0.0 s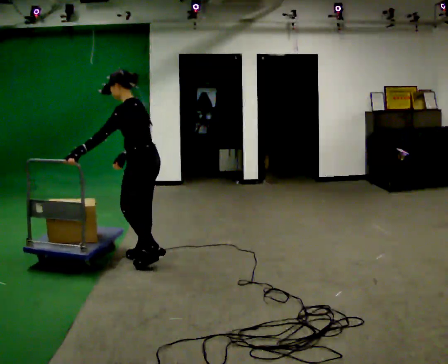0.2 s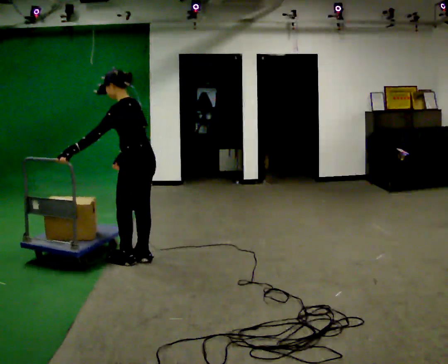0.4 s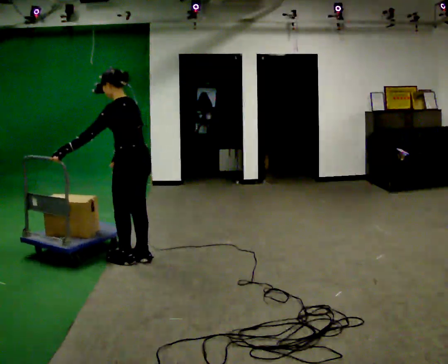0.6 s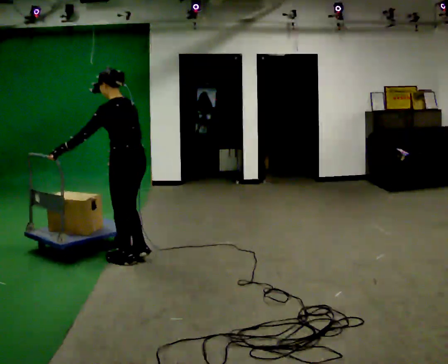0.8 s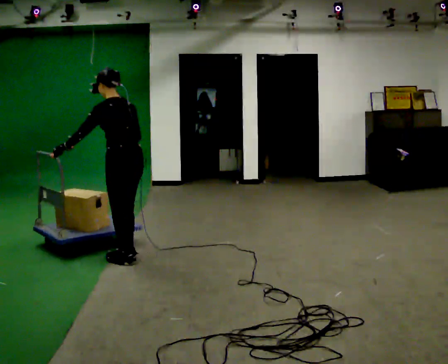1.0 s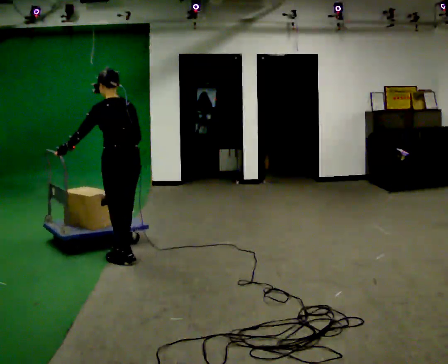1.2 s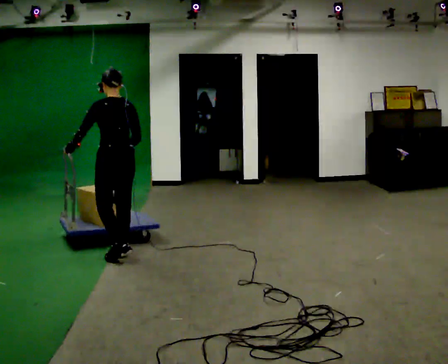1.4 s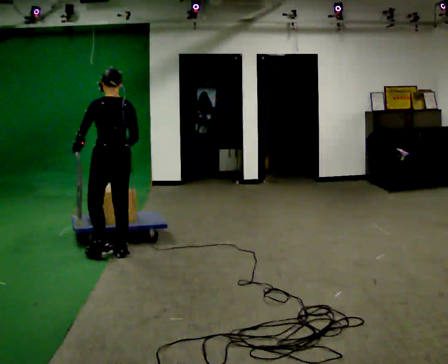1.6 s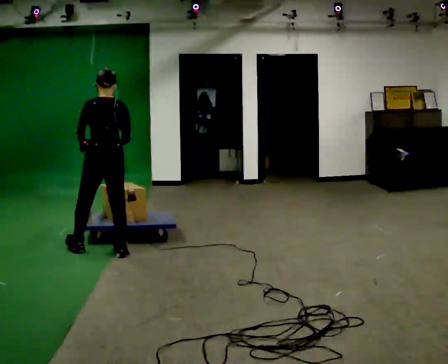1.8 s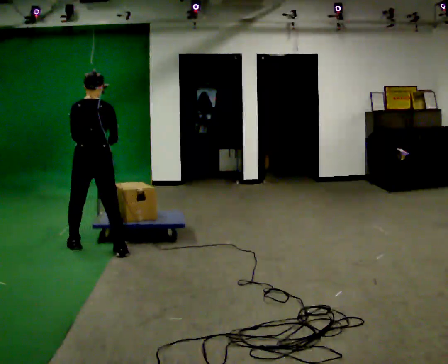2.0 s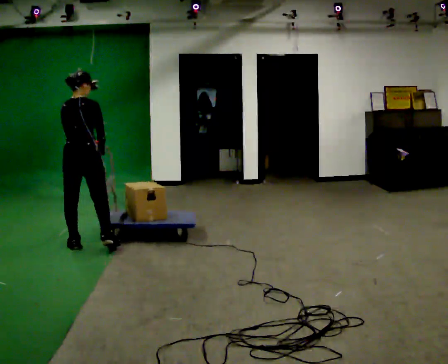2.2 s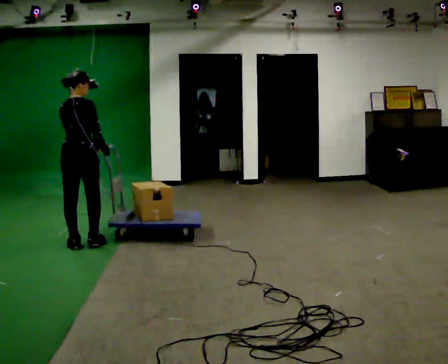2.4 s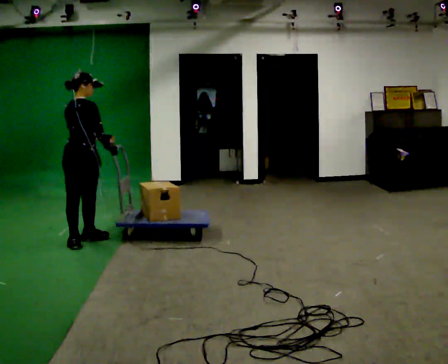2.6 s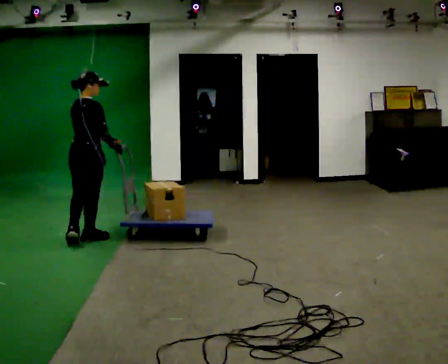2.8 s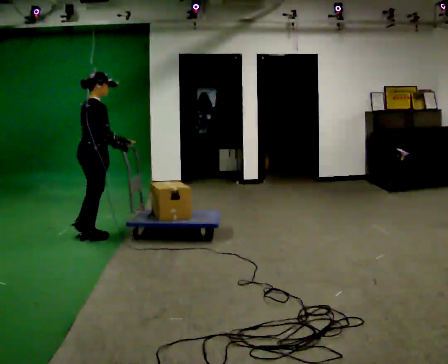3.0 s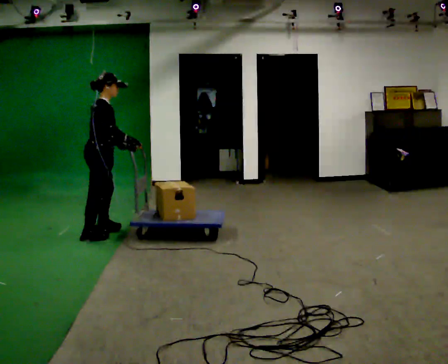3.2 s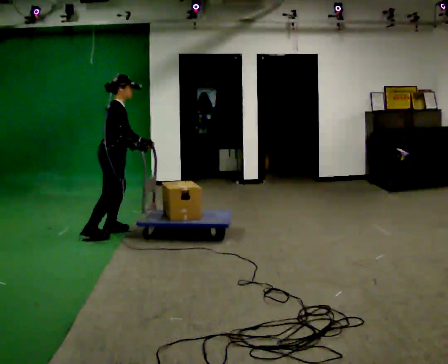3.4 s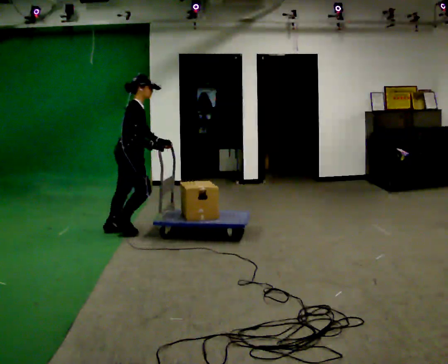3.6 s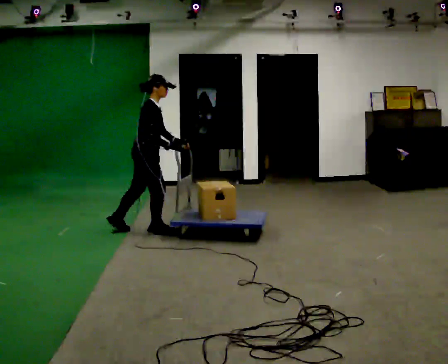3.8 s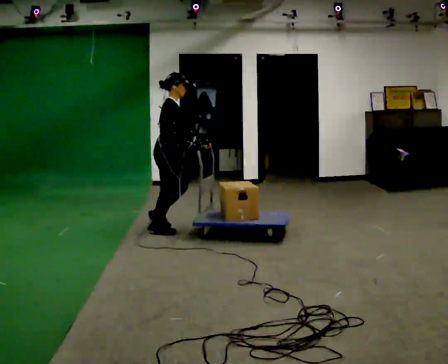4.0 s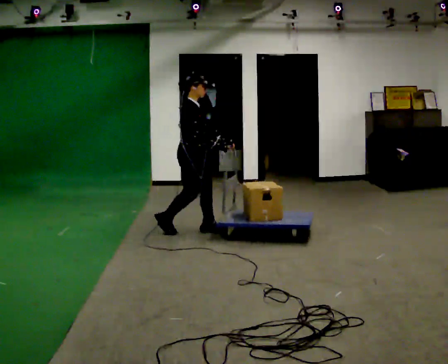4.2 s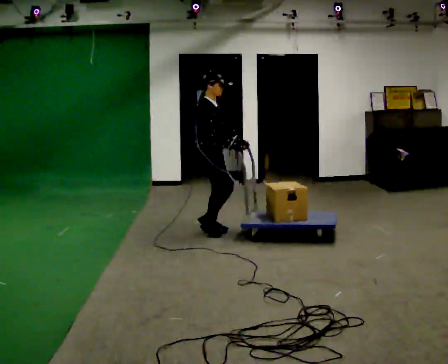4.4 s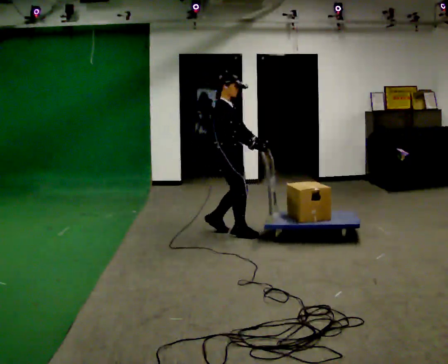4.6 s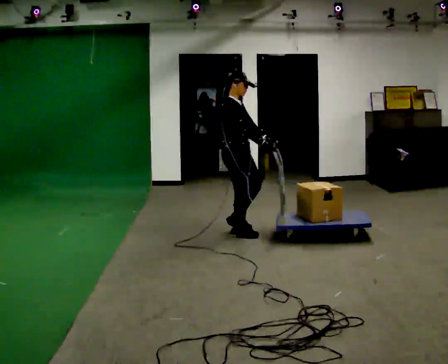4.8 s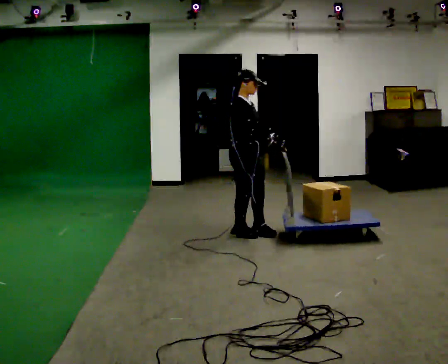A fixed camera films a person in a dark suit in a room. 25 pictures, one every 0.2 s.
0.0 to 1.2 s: The person turns about 45 degrees to their right, clockwise seen from above, so the part of the body nearest the lens slides to the left. In the picture they go to the left, about 0.25 m in 2 steps, which for them is forward. In the picture the upper body tilts clockwise, shoulders to the right.
1.2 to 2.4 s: The person turns about 60 degrees to their right, clockwise seen from above, so the part of the body nearest the lens slides to the left. In the picture they go away from the camera and to the left, about 0.5 m in 2 steps, which for them is forward and to their left.
2.4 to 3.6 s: Seen from above the body turns clockwise, about 60 degrees: to their right, with its near side sliding to the left. In the picture they go to the right, about 0.75 m in 2 steps.
3.6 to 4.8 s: The person turns about 30 degrees to their right, clockwise seen from above, so the part of the body nearest the lens slides to the left. In the picture they go to the right and toward the camera, about 1 m in 3 steps, which for them is forward.
The film runs forward here.
